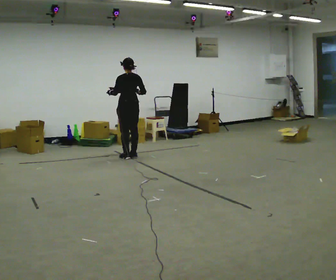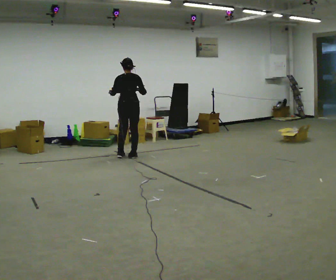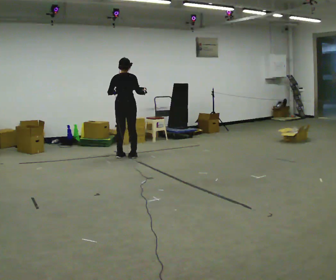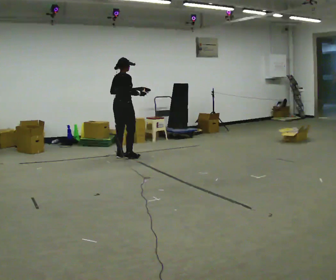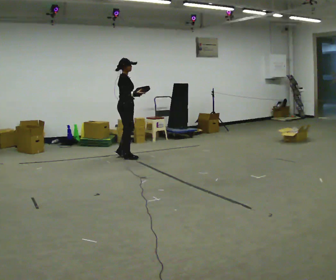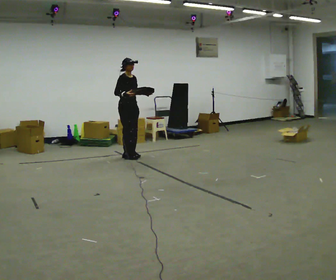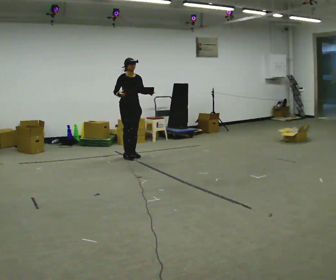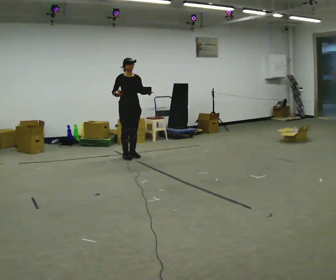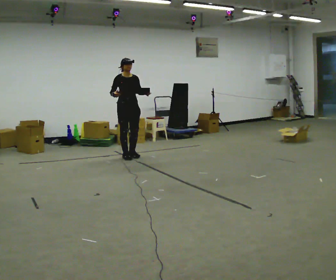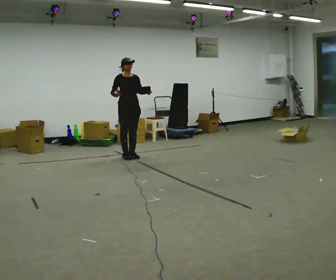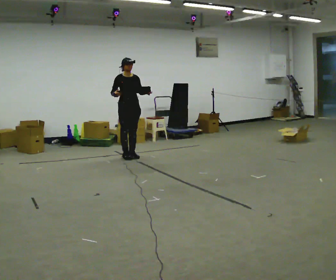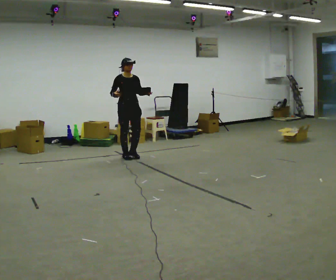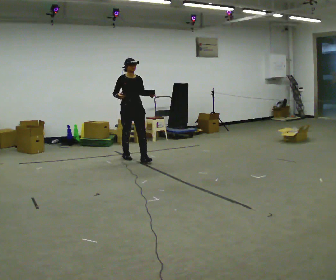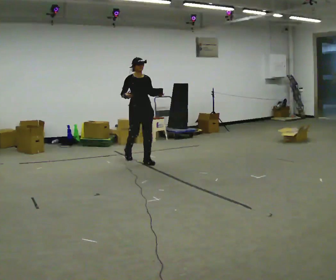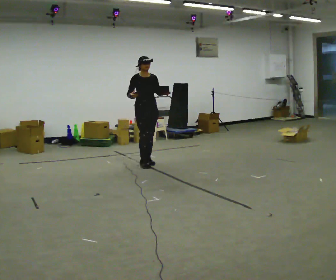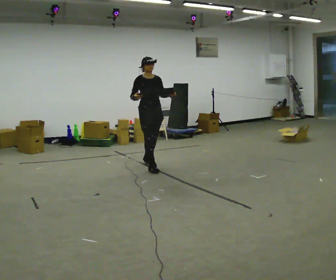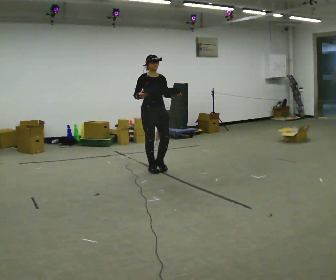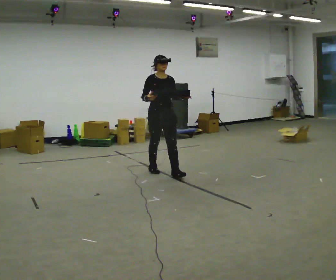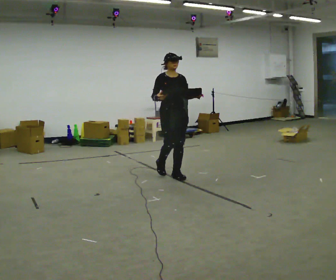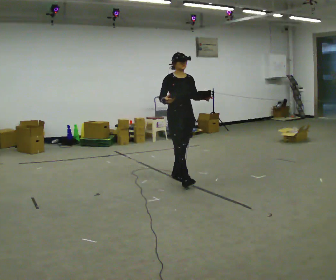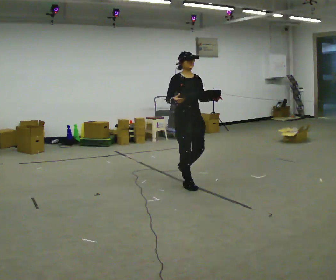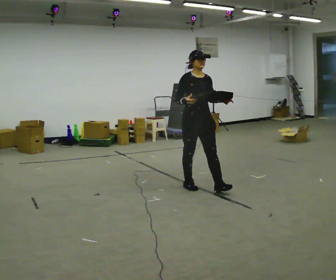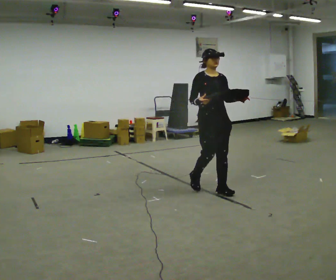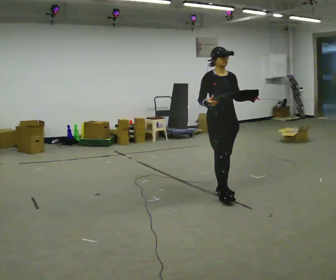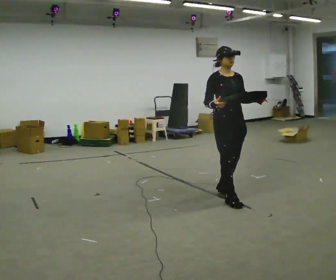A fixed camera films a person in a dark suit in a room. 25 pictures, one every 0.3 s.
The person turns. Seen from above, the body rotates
clockwise.
The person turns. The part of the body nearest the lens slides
to the left.
0.0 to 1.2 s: The part of the body nearest the lens slides to the left as the person turns to their right by about 120 degrees. In the picture their left hand goes to the right.
1.2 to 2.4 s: Seen from above the body turns clockwise, about 60 degrees: to their right, with its near side sliding to the left.
2.4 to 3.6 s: In the picture they go toward the camera, about 0.25 m, which for them is forward.
3.6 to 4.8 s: In the picture they go toward the camera and to the right, about 1 m in 2 steps, which for them is forward.
4.8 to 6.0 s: In the picture they go toward the camera and to the right, about 1 m in 2 steps, which for them is forward.
6.0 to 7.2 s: In the picture they go toward the camera and to the right, about 0.5 m in 2 steps, which for them is forward.
The film runs forward here.
